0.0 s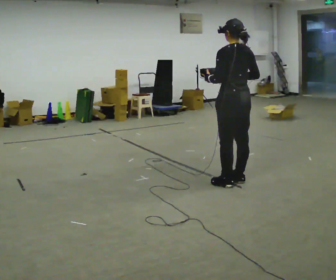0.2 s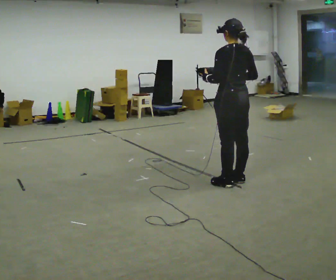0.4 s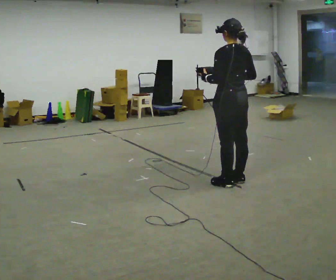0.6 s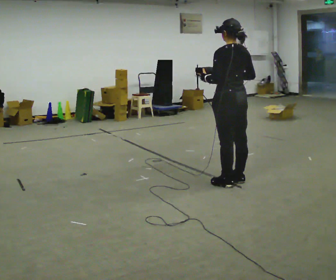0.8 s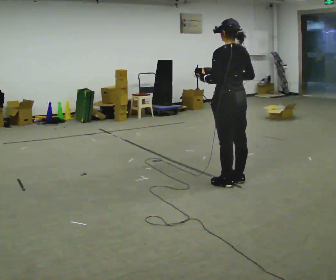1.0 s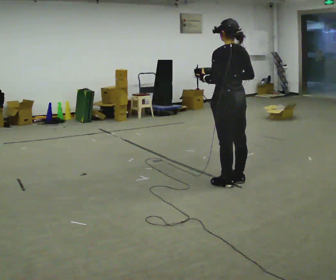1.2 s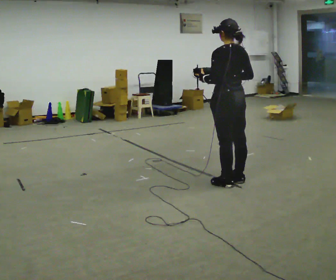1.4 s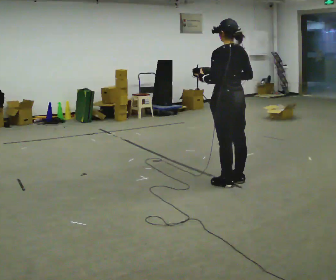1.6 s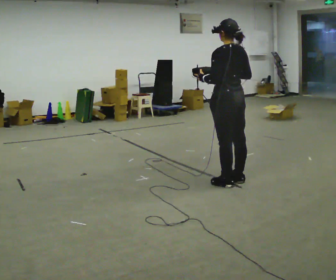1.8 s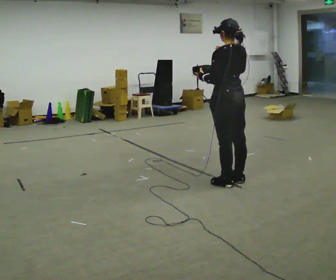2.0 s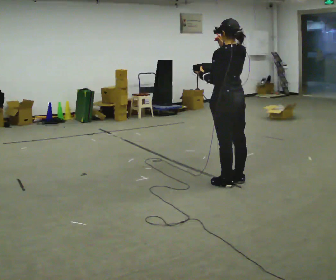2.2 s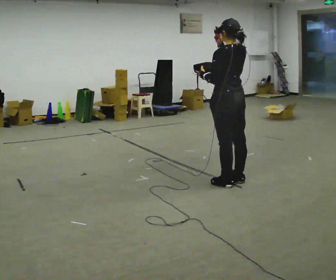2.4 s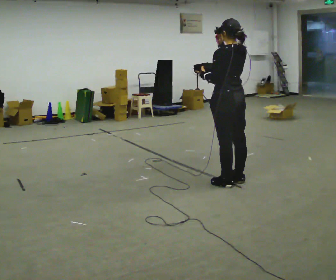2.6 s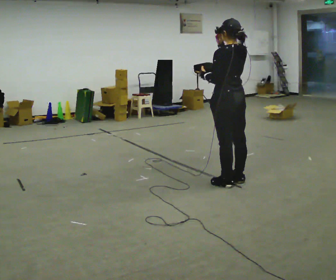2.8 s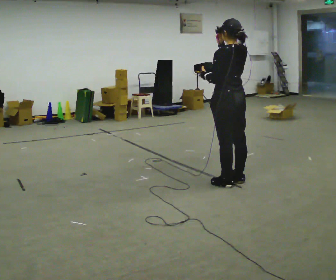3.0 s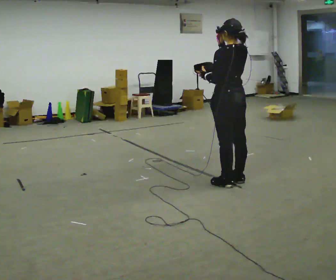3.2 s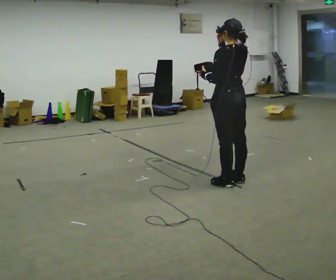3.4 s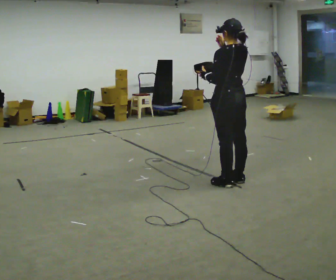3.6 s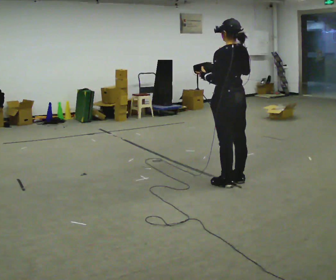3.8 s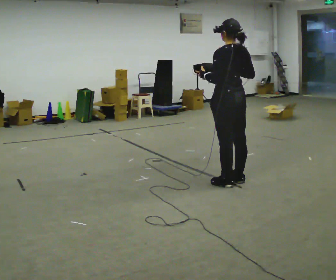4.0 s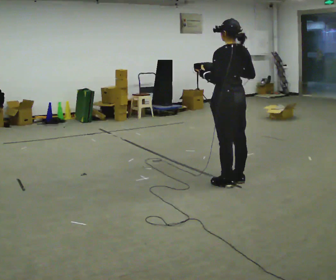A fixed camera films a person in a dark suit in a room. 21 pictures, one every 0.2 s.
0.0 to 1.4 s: The person moves a little, or ends about where they began.
1.4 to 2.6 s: In the picture their right hand goes upward.
2.6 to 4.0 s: The person moves a little, or ends about where they began.
The film runs forward here.
